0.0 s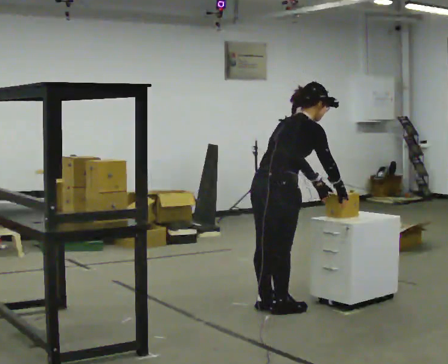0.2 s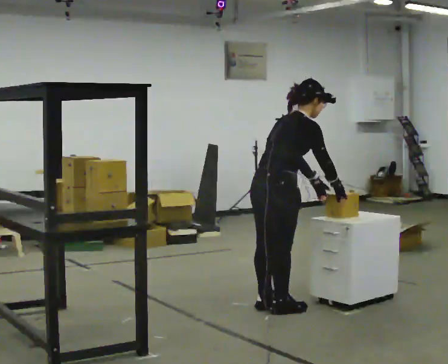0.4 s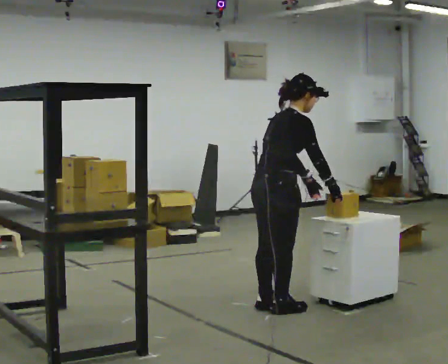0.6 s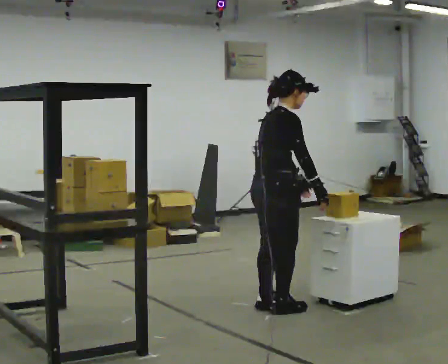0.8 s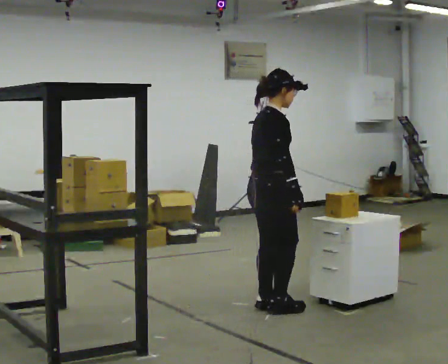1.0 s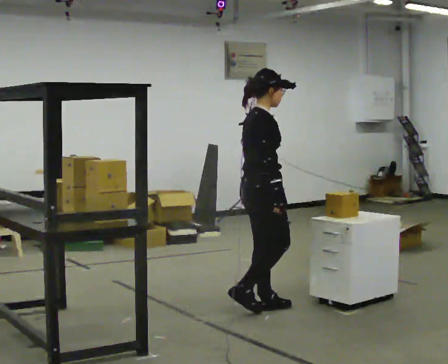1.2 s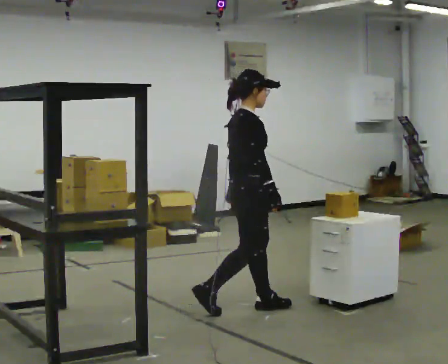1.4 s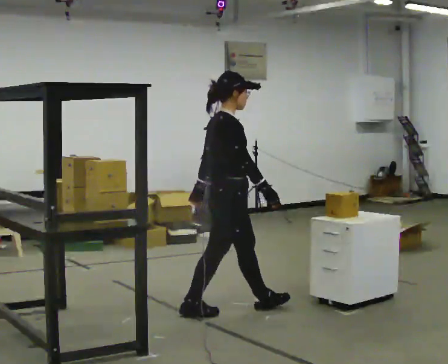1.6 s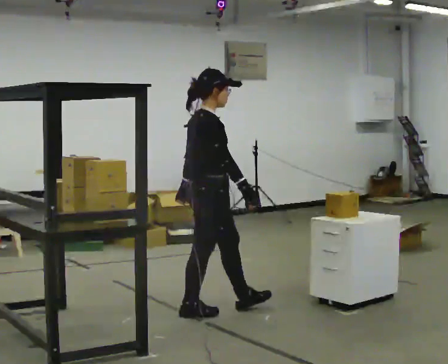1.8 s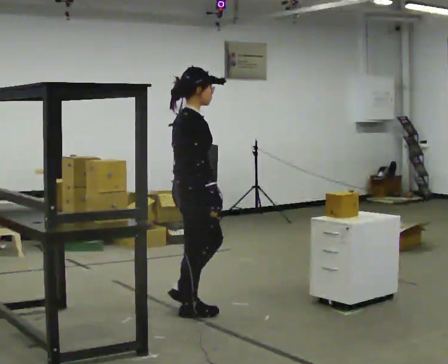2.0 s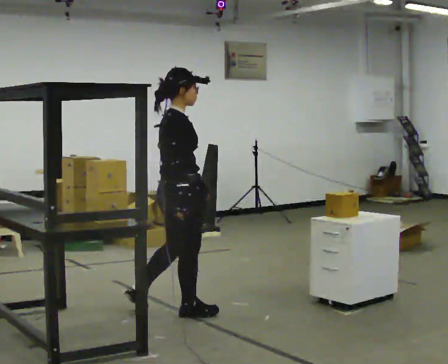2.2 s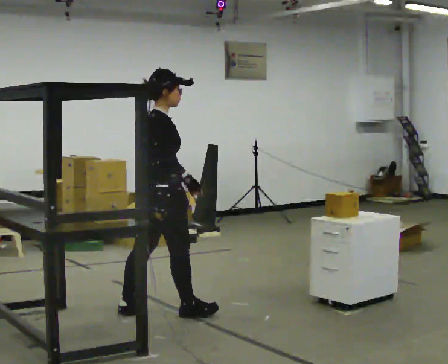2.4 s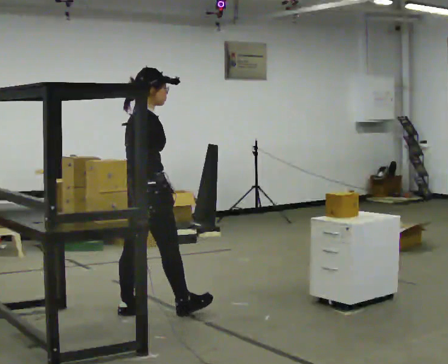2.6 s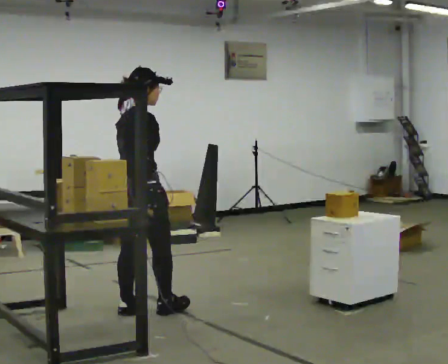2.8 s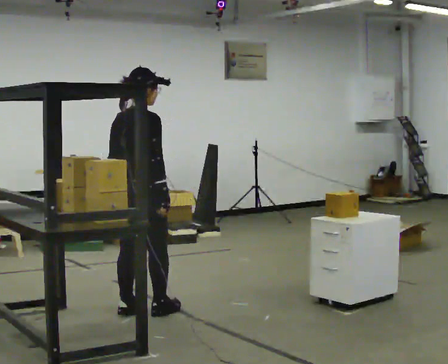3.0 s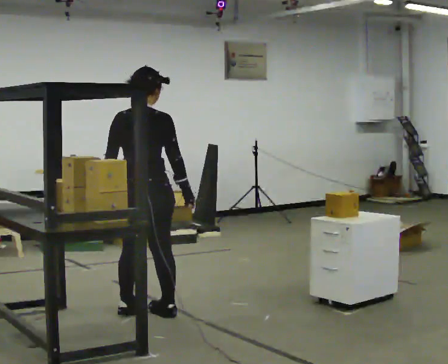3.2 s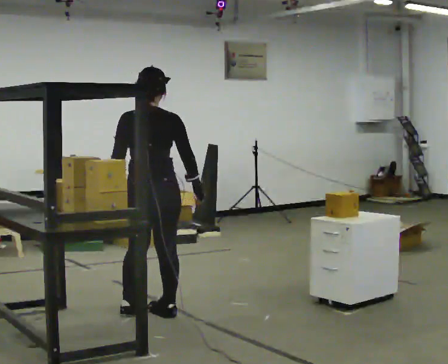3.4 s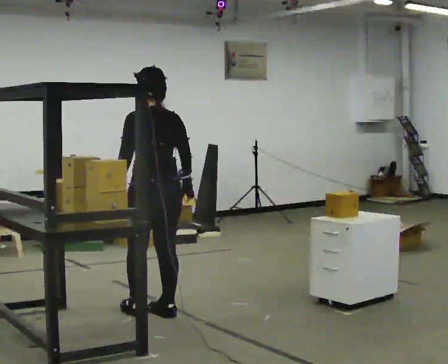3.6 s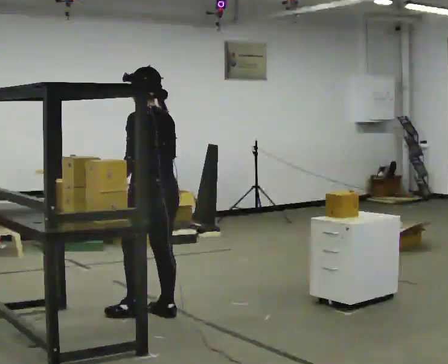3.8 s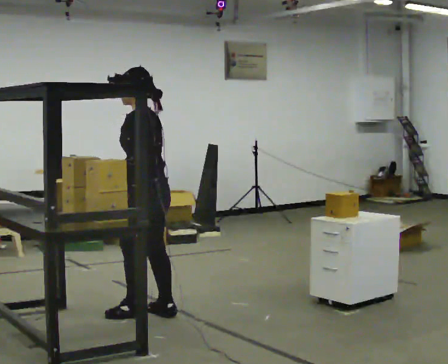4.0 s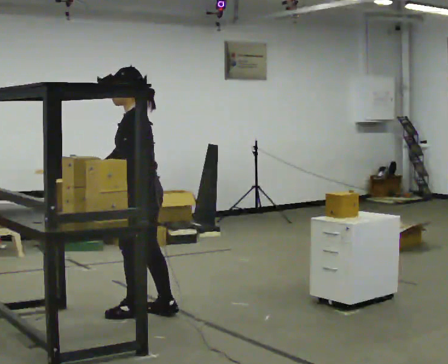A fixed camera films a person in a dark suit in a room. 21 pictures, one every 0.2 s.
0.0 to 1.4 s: The part of the body nearest the lens slides to the left as the person turns to their right by about 30 degrees. In the picture they go to the left, about 0.25 m in 1 step, which for them is backward. In the picture the upper body tilts counterclockwise, shoulders to the left, as they lean back or straighten.
1.4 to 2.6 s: The person turns about 30 degrees to their left, counterclockwise seen from above, so the part of the body nearest the lens slides to the right. In the picture they go to the left, about 0.5 m in 1 step, which for them is backward.
2.6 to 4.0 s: Seen from above the body turns counterclockwise, about 135 degrees: to their left, with its near side sliding to the right. In the picture their right hand goes to the left.
The film runs backward here.
